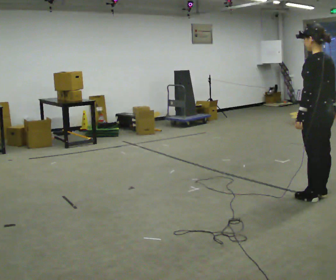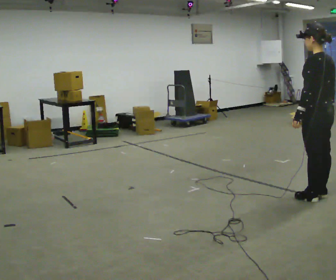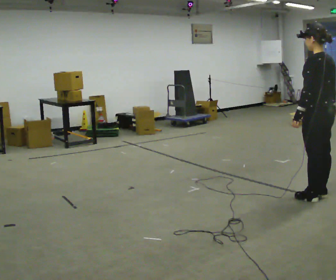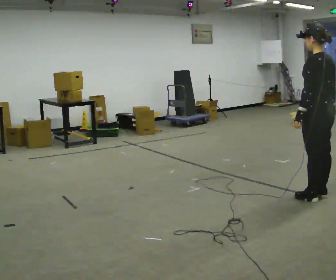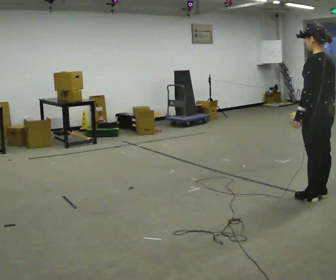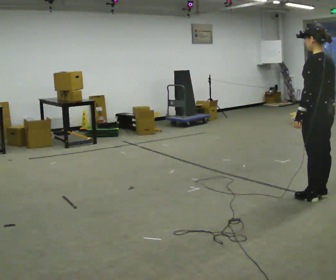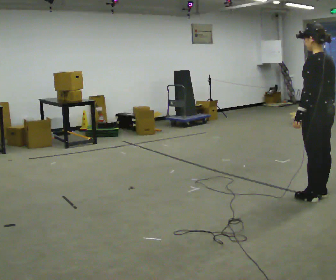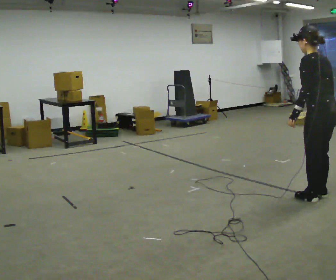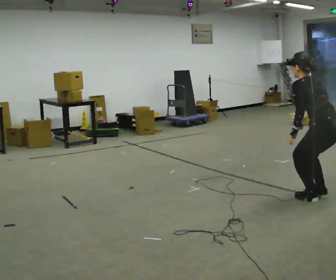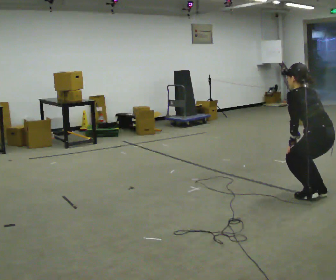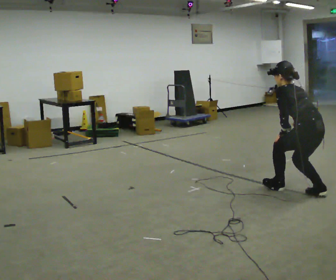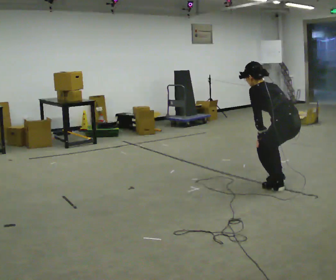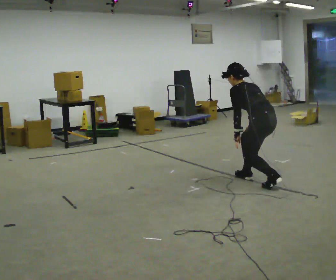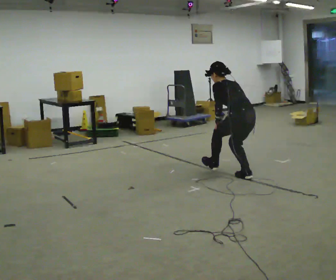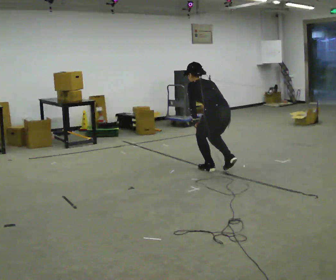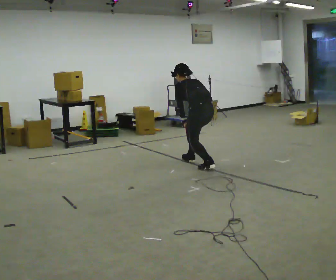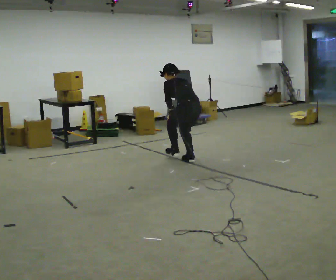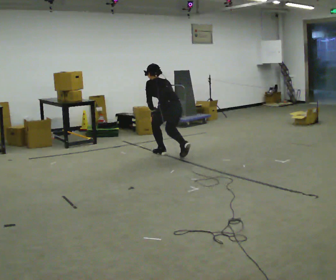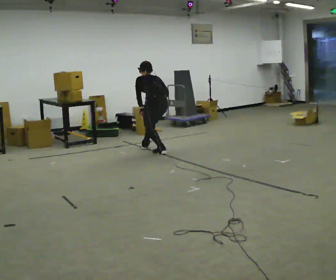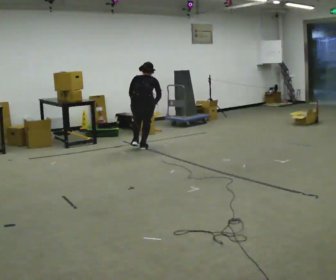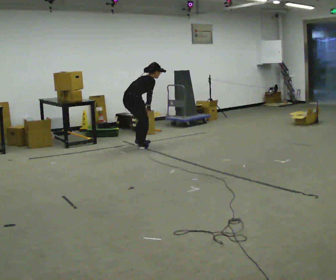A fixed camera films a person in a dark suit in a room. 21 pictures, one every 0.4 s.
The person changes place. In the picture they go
to the left.
0.0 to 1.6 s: The person moves a little, or ends about where they began.
1.6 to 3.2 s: The upper body goes downward. In the picture the upper body tilts counterclockwise, shoulders to the left, as they bend forward.
3.2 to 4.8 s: In the picture they go to the left and away from the camera, about 1 m in 2 steps, which for them is forward.
4.8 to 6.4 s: In the picture they go to the left and away from the camera, about 1.5 m in 2 steps, which for them is forward.
6.4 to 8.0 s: Seen from above the body turns clockwise, about 90 degrees: to their right, with its near side sliding to the left. In the picture they go to the left and away from the camera, about 1 m in 3 steps. In the picture the upper body tilts clockwise, shoulders to the right.
The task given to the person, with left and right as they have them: Walk forward in a lowered crouched posture at a comfortable speed; do not go lower than is comfortable; stop.
The film runs forward here.
